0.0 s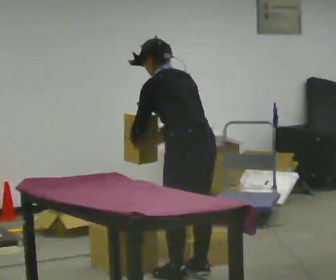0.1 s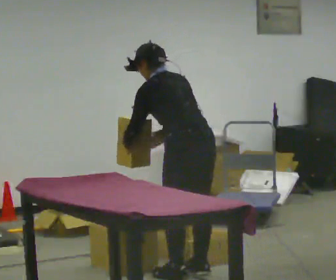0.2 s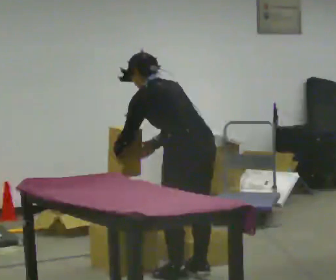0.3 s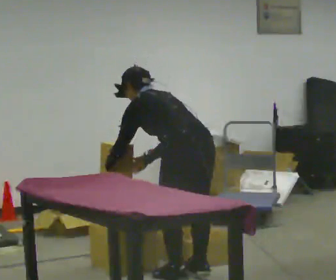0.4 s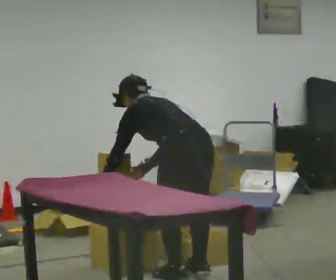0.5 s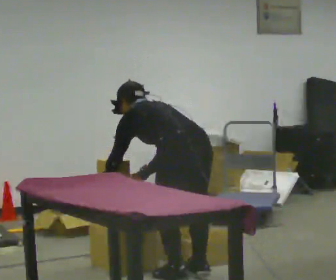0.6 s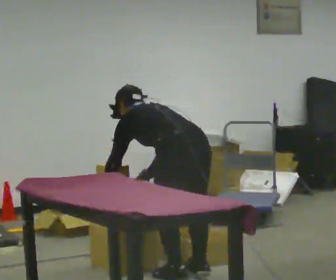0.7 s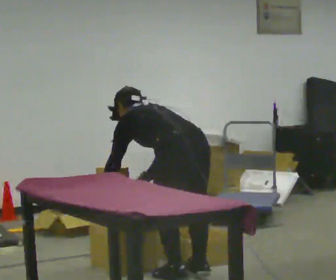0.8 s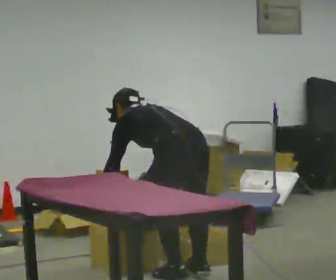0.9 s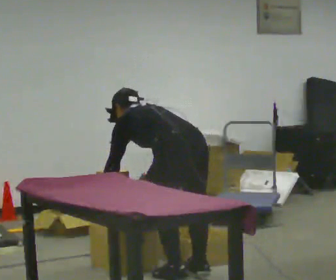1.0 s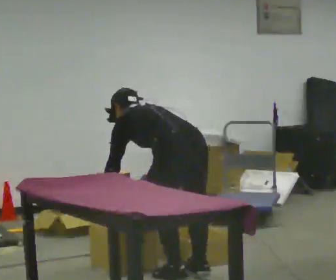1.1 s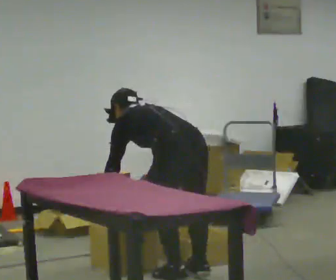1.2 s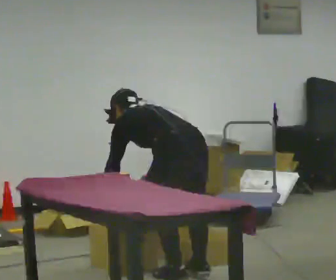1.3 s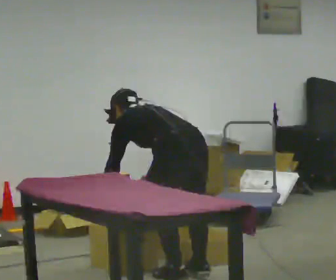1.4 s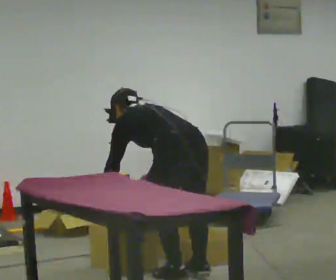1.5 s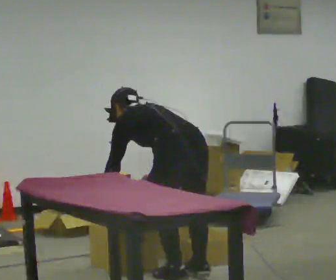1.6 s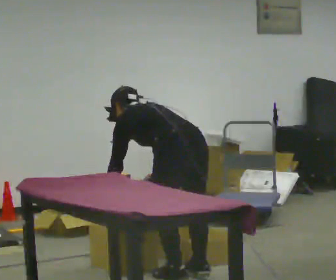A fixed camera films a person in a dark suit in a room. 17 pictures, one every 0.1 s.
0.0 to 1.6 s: The shoulders move downward. The upper body tips away from the camera, its near side rolling upward, as they bend forward. In the picture their left hand goes downward.
The film runs forward here.
